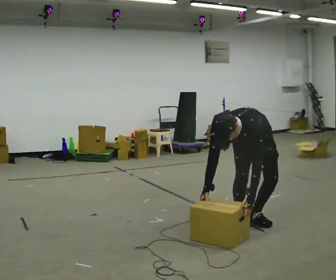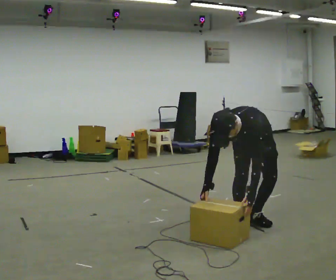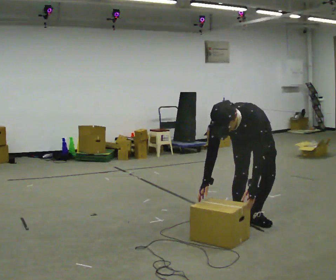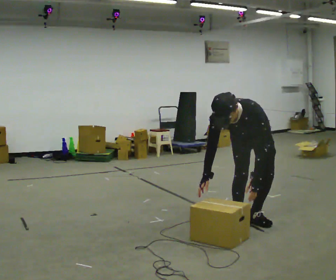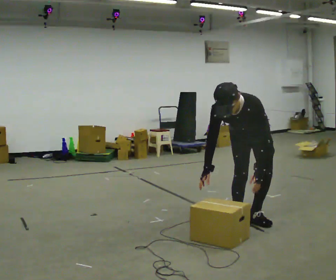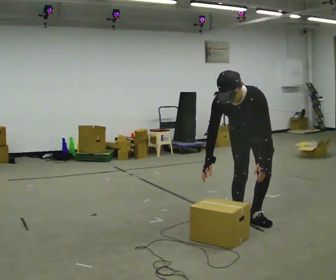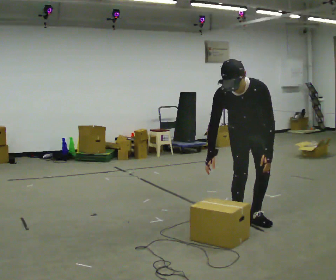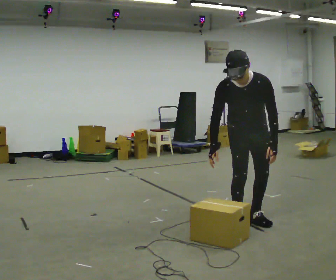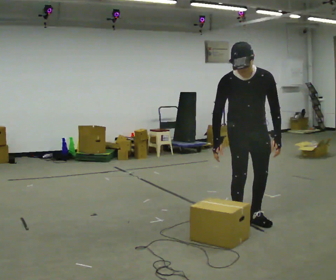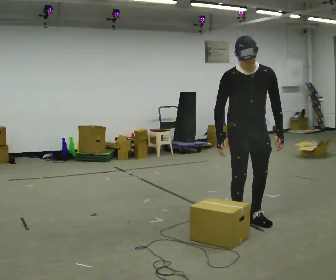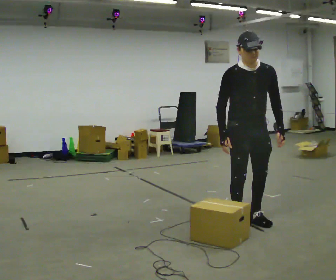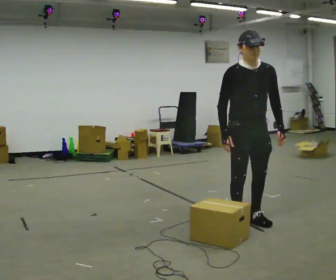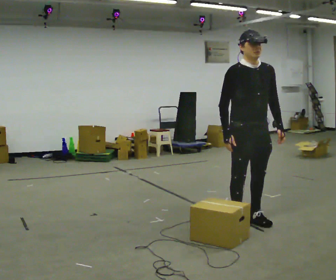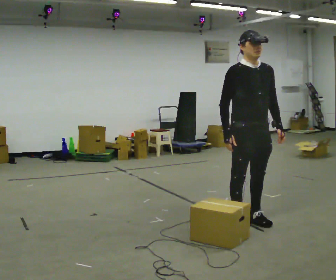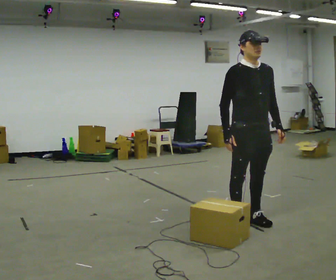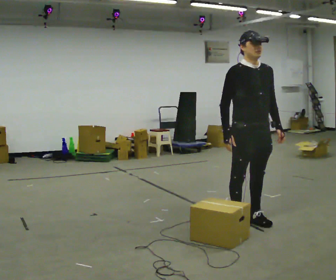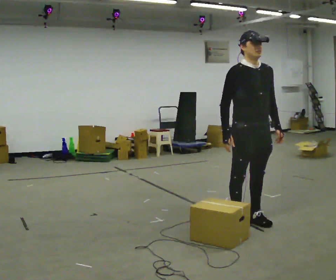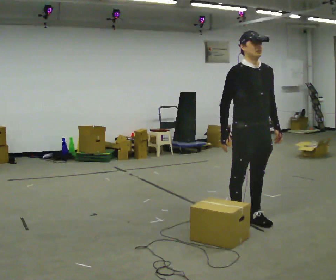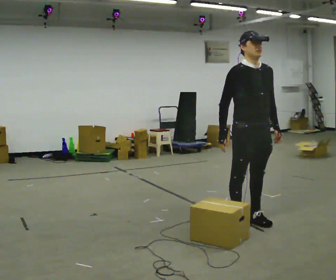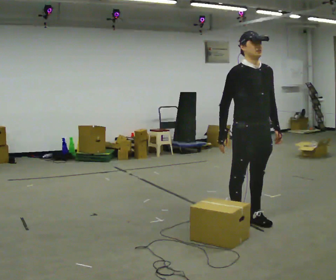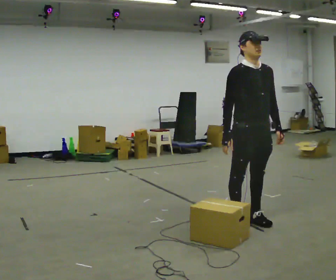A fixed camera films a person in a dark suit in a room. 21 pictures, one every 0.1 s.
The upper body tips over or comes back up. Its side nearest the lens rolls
upward.
Their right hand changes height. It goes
upward.
0.0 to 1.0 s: The person turns about 30 degrees to their left, counterclockwise seen from above, so the part of the body nearest the lens slides to the right. The shoulders move upward. The upper body tips away from the camera, its near side rolling upward, as they lean back or straighten. In the picture their left hand goes upward.
1.0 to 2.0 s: The person moves a little, or ends about where they began.
The film runs backward here.
